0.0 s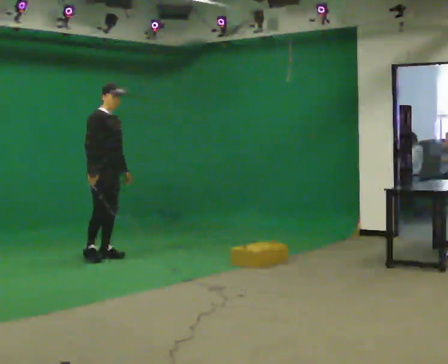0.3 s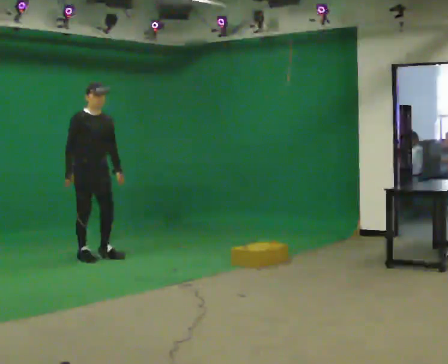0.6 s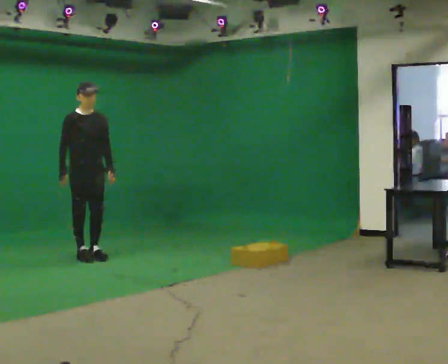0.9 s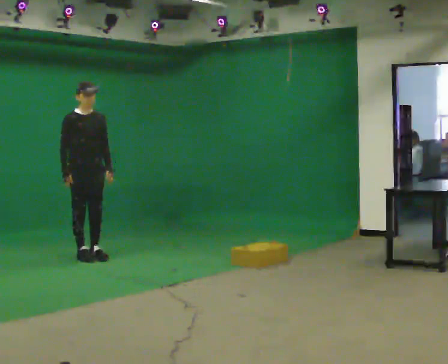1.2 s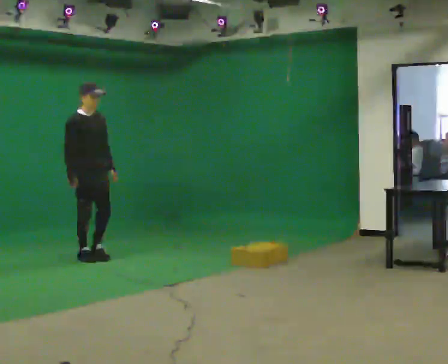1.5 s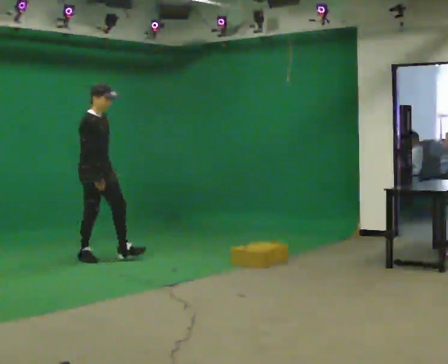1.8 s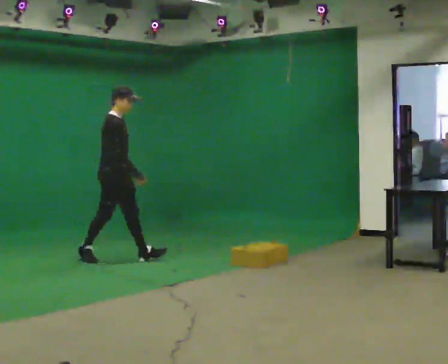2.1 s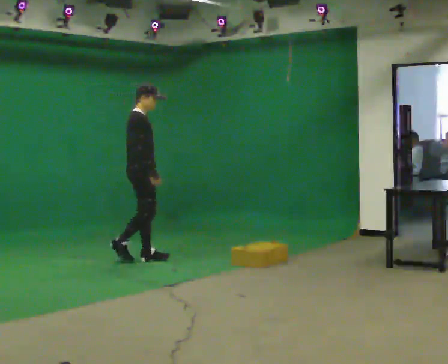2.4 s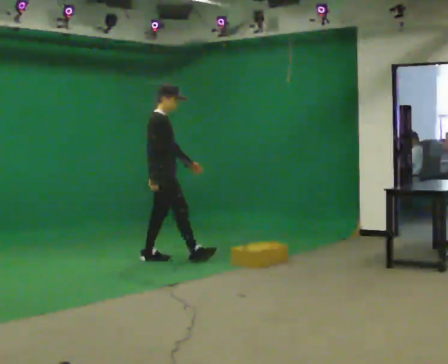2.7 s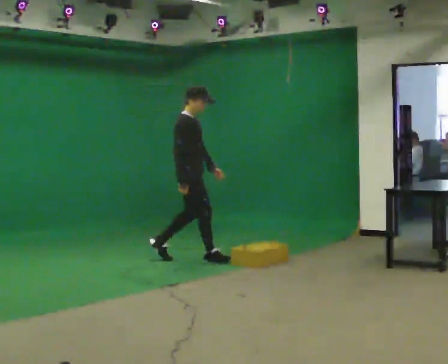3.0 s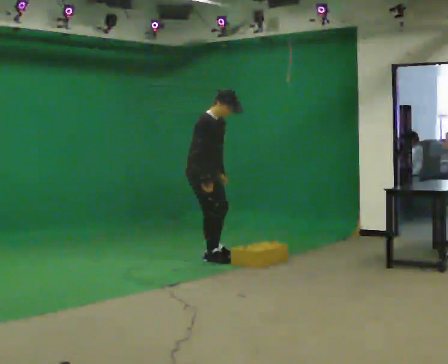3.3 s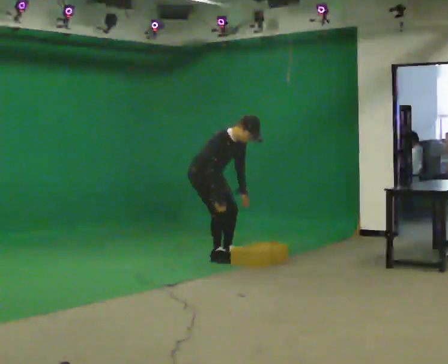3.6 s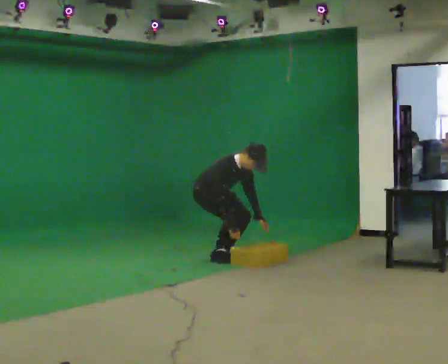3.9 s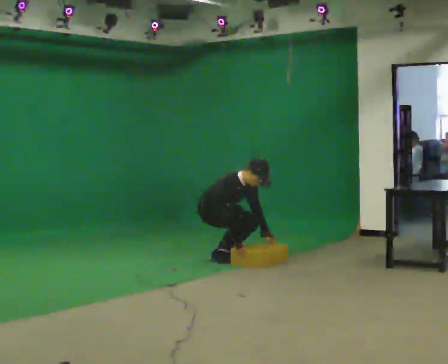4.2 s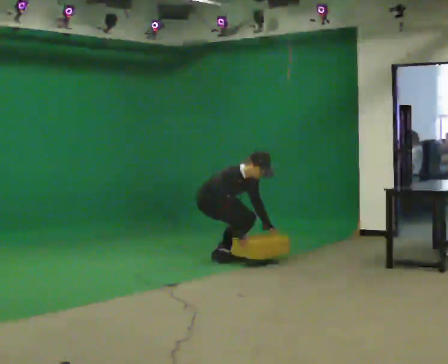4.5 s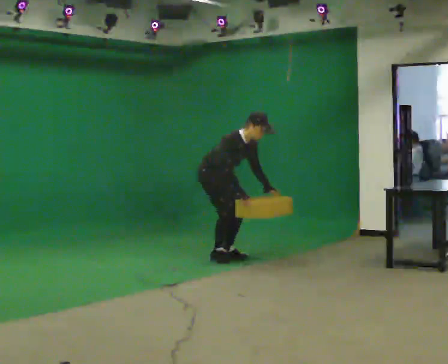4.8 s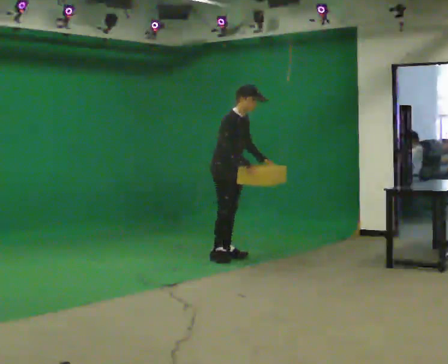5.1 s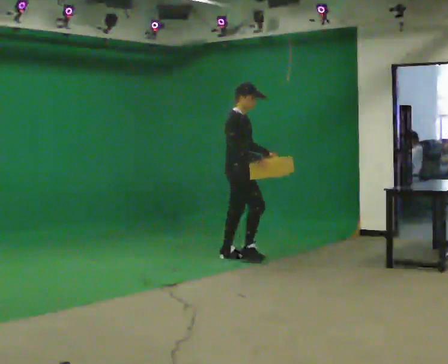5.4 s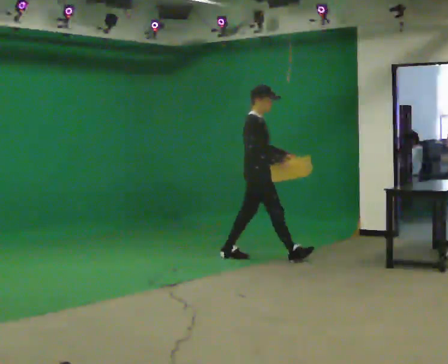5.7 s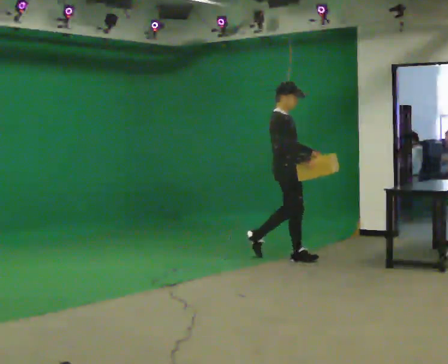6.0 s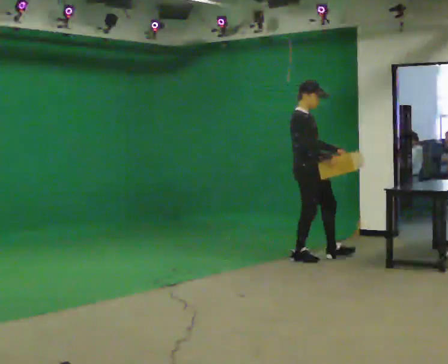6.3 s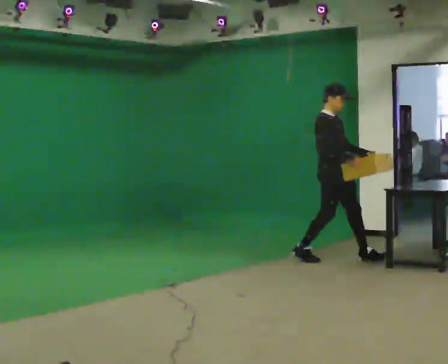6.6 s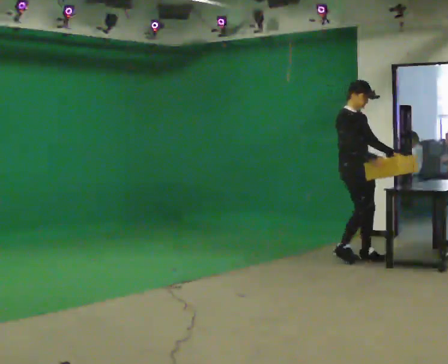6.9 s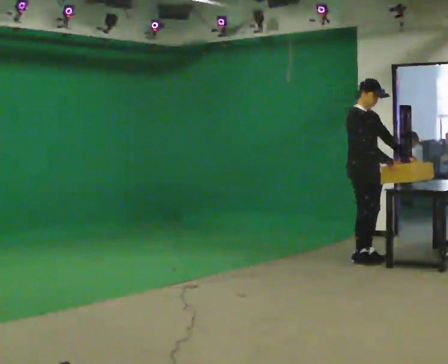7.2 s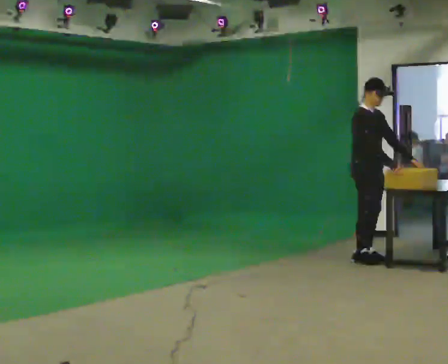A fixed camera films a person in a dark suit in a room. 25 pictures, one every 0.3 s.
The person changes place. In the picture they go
to the right.
0.0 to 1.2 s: The person moves a little, or ends about where they began.
1.2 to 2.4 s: Seen from above the body turns counterclockwise, about 45 degrees: to their left, with its near side sliding to the right. In the picture they go to the right, about 1 m in 1 step, which for them is forward.
2.4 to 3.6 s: The person turns about 45 degrees to their right, clockwise seen from above, so the part of the body nearest the lens slides to the left. In the picture they go to the right, about 0.5 m in 2 steps, which for them is forward and to their left. The upper body goes downward. In the picture the upper body tilts clockwise, shoulders to the right, as they bend forward. In the picture their left hand goes downward.
3.6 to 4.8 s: In the picture they go to the right, about 0.25 m, which for them is forward. In the picture the upper body tilts counterclockwise, shoulders to the left, as they lean back or straighten. In the picture their right hand goes upward.
4.8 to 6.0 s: In the picture they go to the right, about 1 m in 1 step, which for them is forward. In the picture the upper body tilts counterclockwise, shoulders to the left, as they lean back or straighten.
6.0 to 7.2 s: In the picture they go to the right, about 0.5 m in 2 steps, which for them is forward and to their left.
The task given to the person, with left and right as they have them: Walk forward noticeably slower than normal; do not shuffle; stop.
The film runs forward here.
